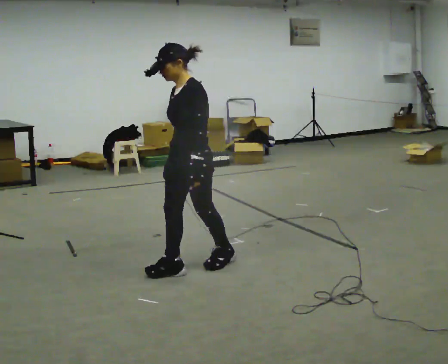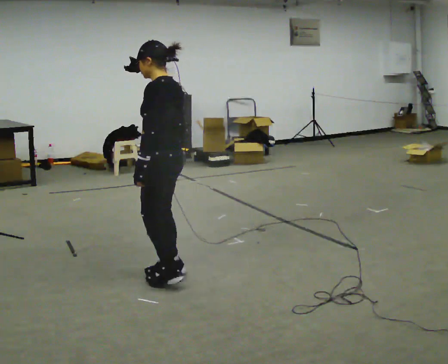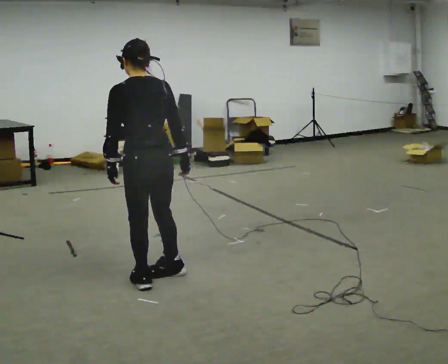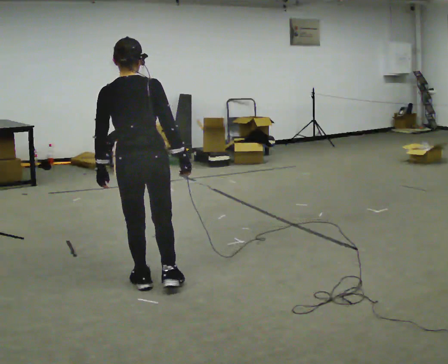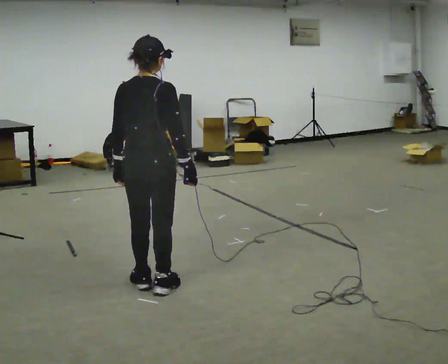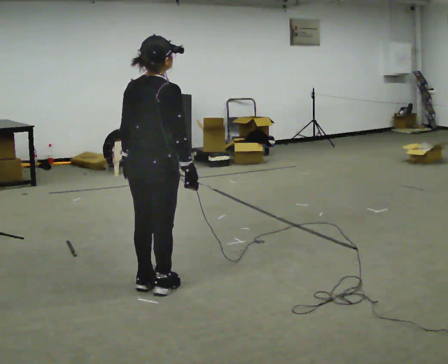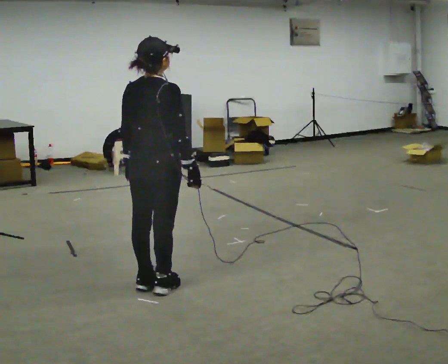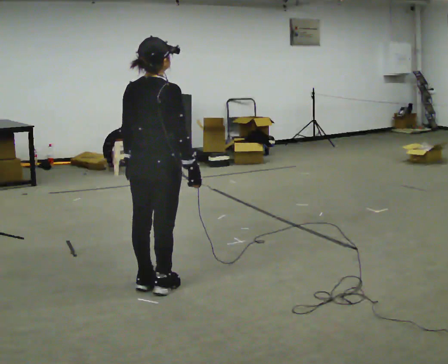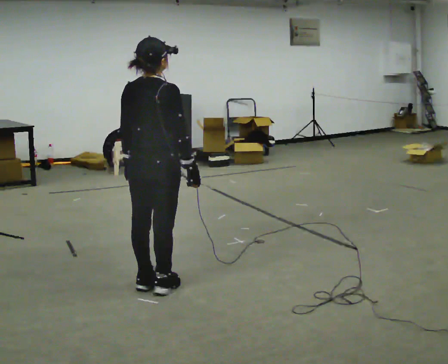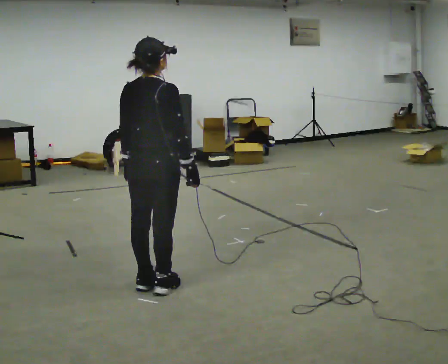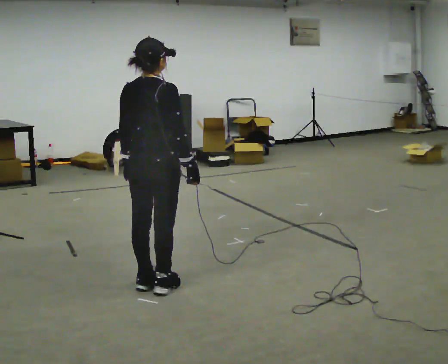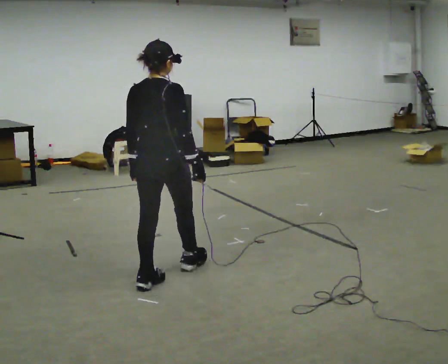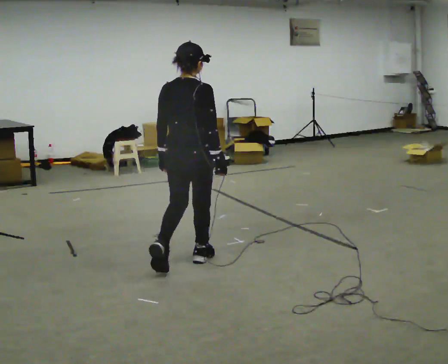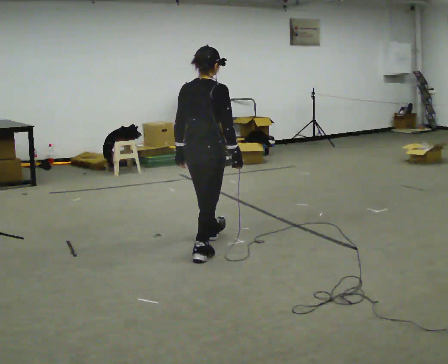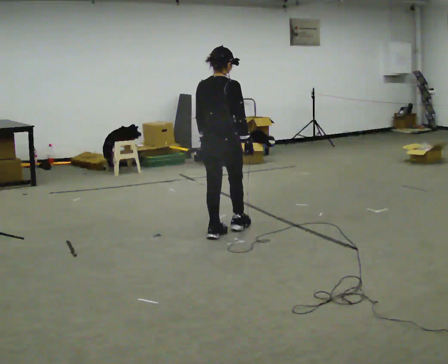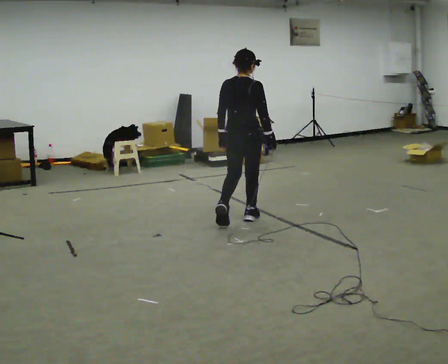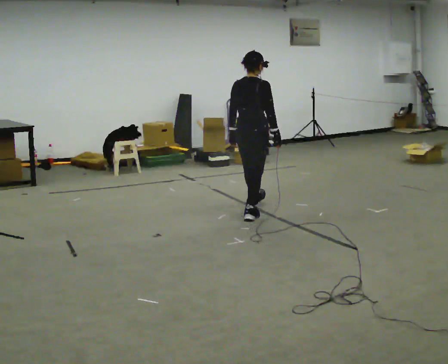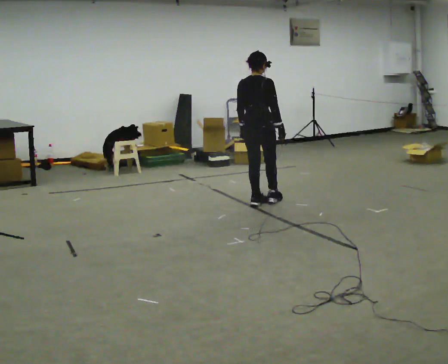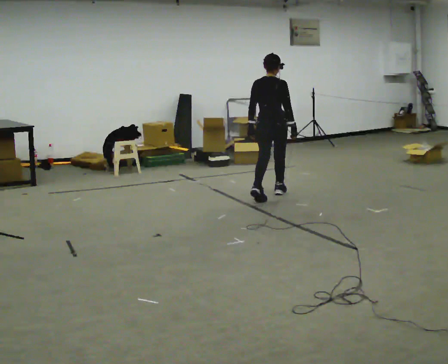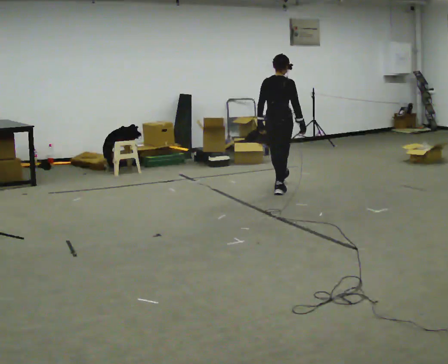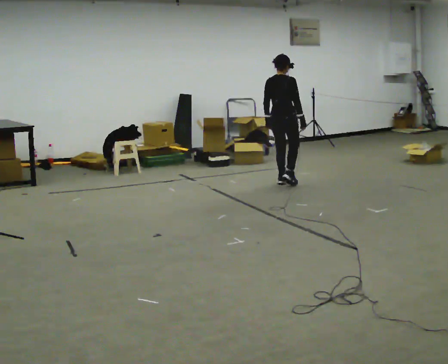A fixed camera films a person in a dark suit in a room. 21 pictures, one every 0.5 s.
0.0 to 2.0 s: The person turns about 135 degrees to their right, clockwise seen from above, so the part of the body nearest the lens slides to the left. In the picture they go to the left and toward the camera, about 0.5 m in 2 steps.
2.0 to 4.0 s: The person moves a little, or ends about where they began.
4.0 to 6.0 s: In the picture they go away from the camera and to the right, about 0.5 m in 1 step, which for them is forward.
6.0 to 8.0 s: In the picture they go away from the camera and to the right, about 1.5 m in 3 steps, which for them is forward.
8.0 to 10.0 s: In the picture they go away from the camera and to the right, about 1.5 m in 2 steps, which for them is forward.
The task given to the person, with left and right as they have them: Walk forward while moving diagonally left/right; finish ~45° from start direction.
The film runs forward here.
